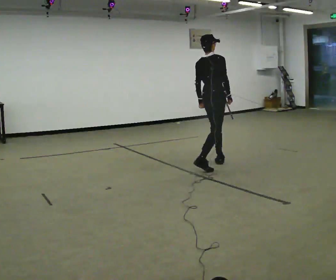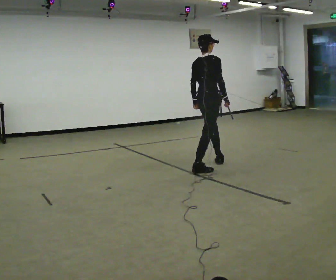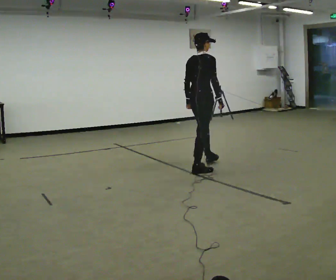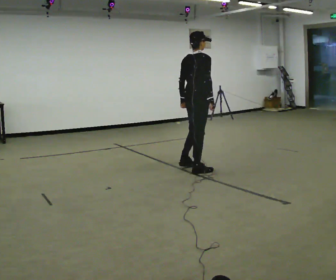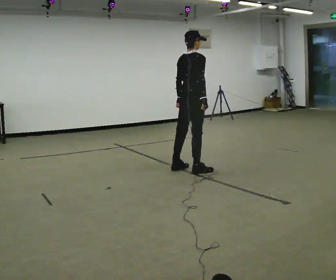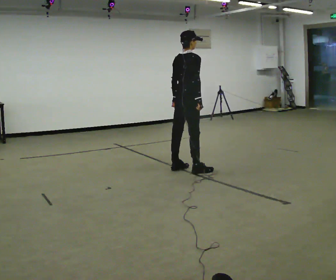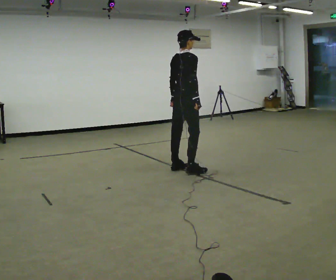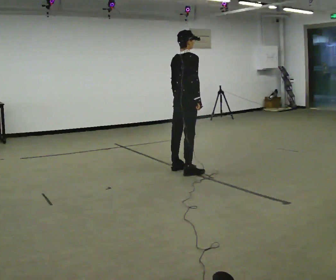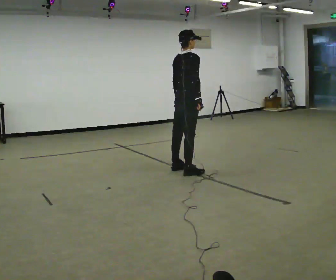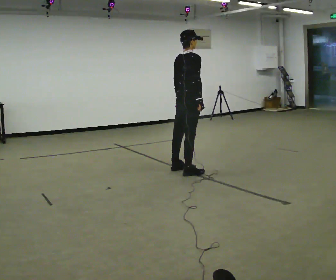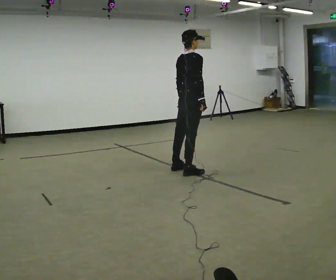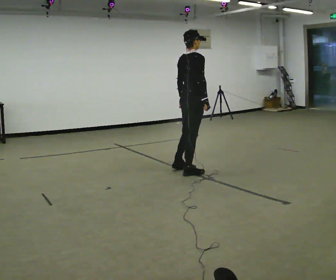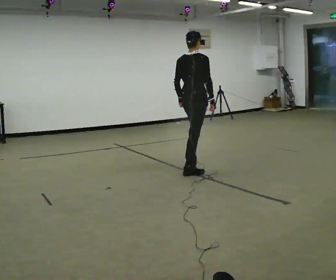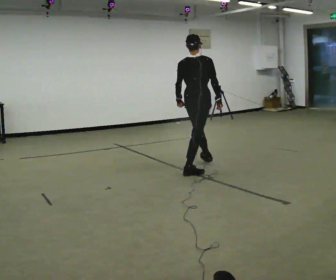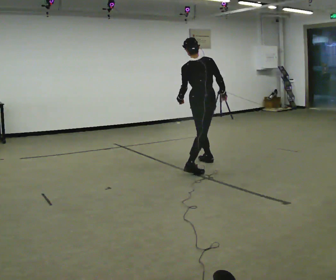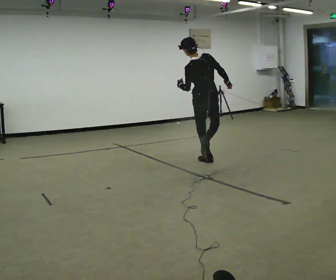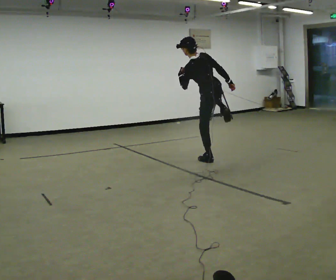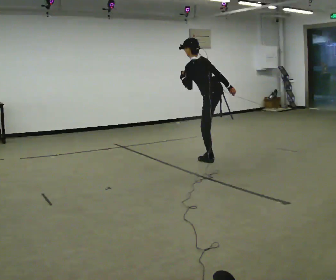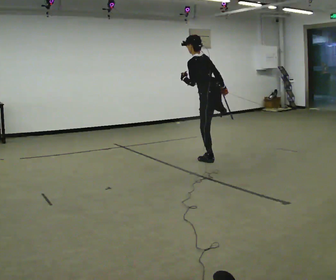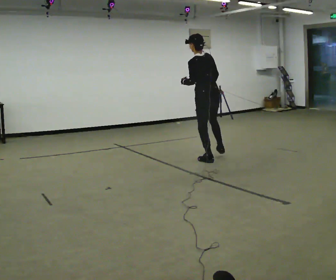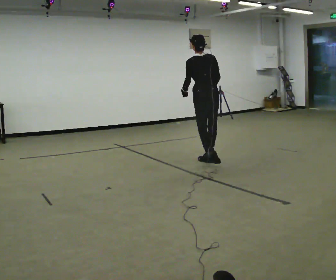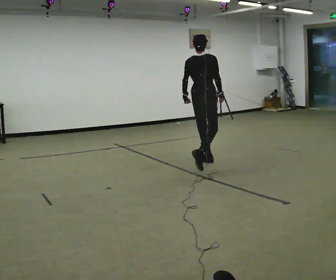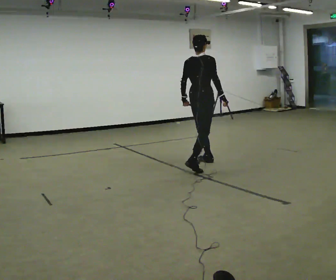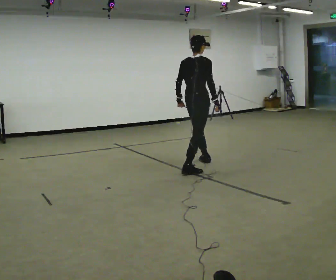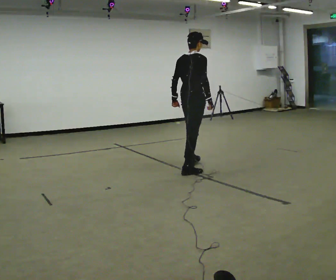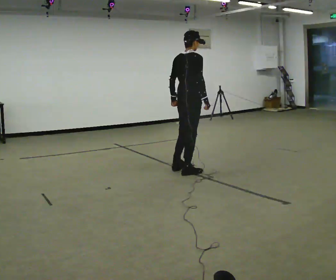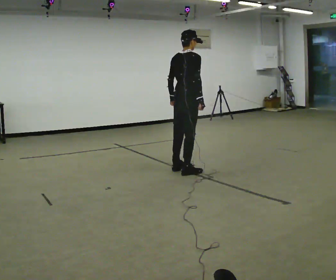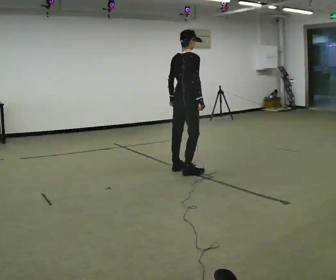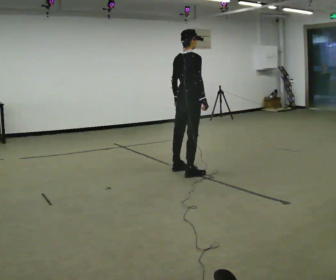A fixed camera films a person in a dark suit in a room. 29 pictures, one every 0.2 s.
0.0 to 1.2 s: In the picture they go to the left and toward the camera, about 0.5 m in 1 step, which for them is backward.
1.2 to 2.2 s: The person moves a little, or ends about where they began.
2.2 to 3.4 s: Seen from above the body turns counterclockwise, about 105 degrees: to their left, with its near side sliding to the right. In the picture they go away from the camera and to the right, about 0.5 m in 1 step. In the picture the upper body tilts counterclockwise, shoulders to the left.
3.4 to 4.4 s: Seen from above the body turns clockwise, about 90 degrees: to their right, with its near side sliding to the left. In the picture they go toward the camera and to the left, about 0.25 m. In the picture the upper body tilts clockwise, shoulders to the right.
4.4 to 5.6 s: In the picture they go toward the camera, about 0.25 m in 1 step, which for them is backward.
The film runs forward here.
